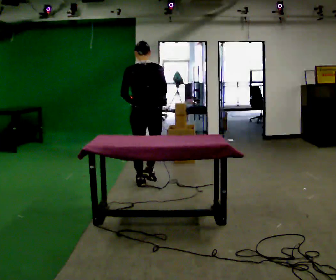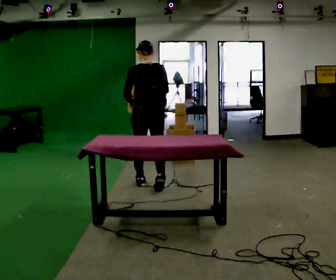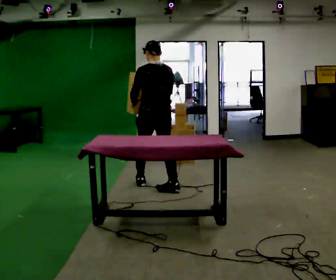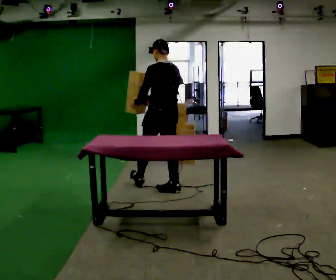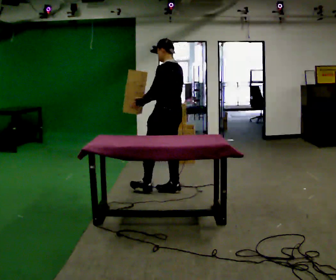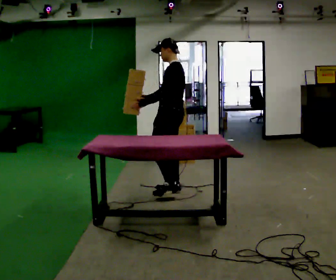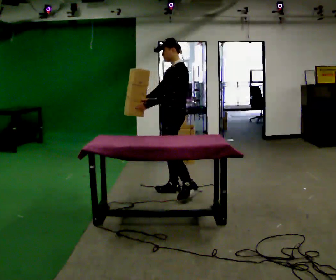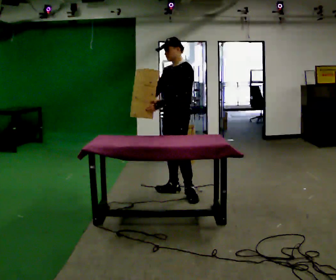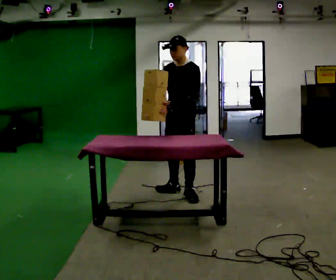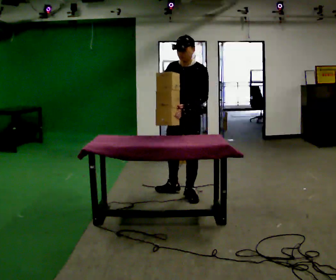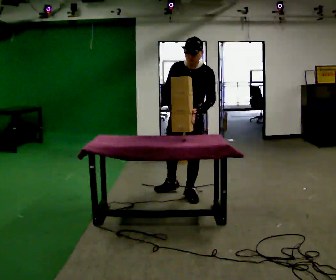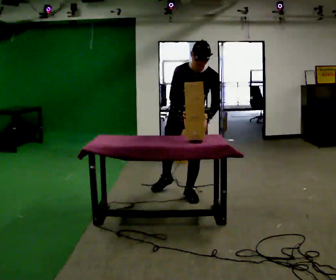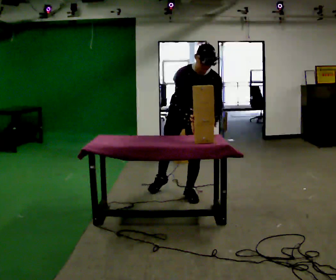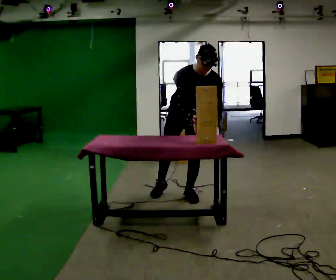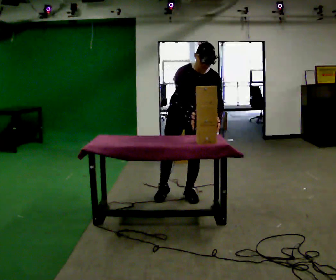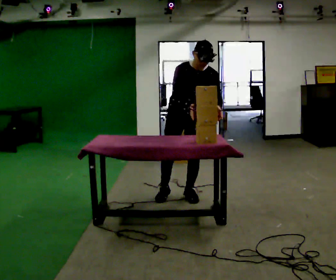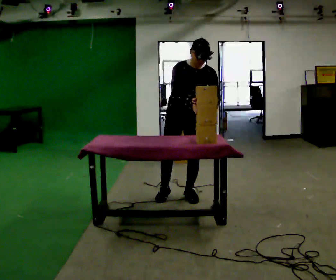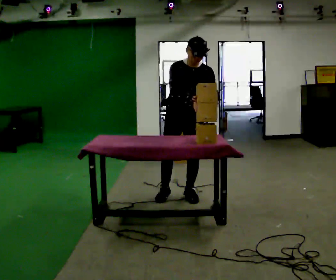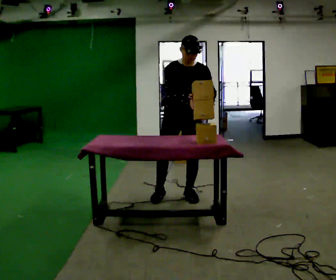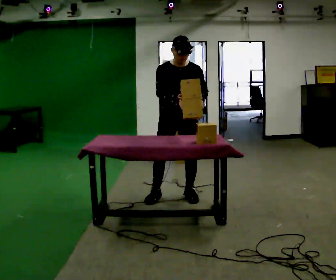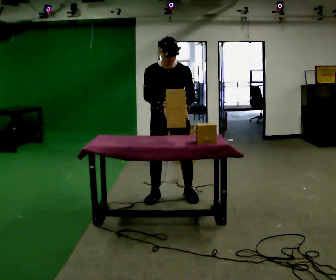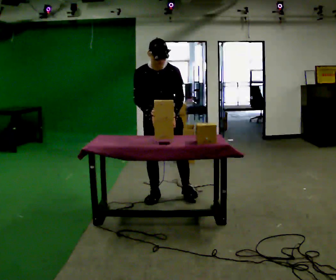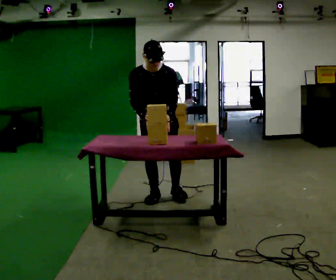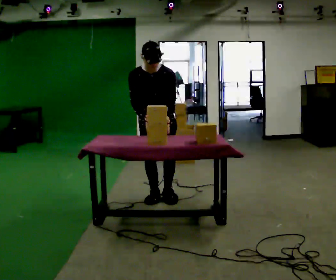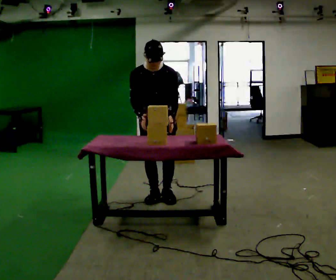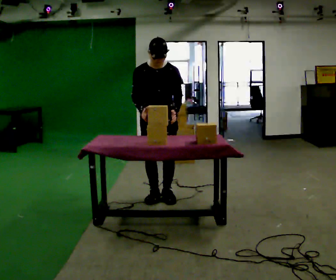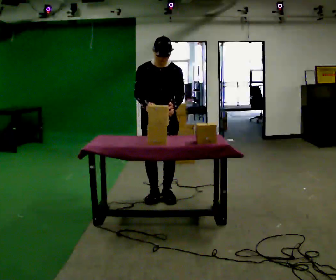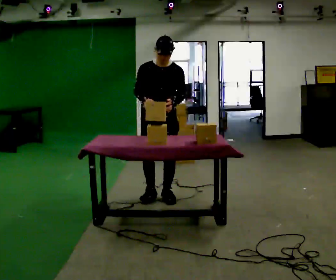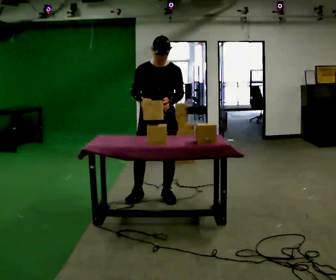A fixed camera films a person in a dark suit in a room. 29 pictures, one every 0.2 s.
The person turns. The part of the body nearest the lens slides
to the right.
The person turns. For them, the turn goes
to their left.
0.0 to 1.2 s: Seen from above the body turns counterclockwise, about 90 degrees: to their left, with its near side sliding to the right. In the picture they go to the right and toward the camera, about 0.5 m in 1 step.
1.2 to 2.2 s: The part of the body nearest the lens slides to the right as the person turns to their left by about 60 degrees. In the picture they go toward the camera, about 0.25 m. The upper body tips toward the camera, its near side rolling downward, as they bend forward. In the picture their left hand goes to the right, the arm swinging counterclockwise.
2.2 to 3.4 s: The person moves a little, or ends about where they began.
3.4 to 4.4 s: In the picture they go to the left, about 0.25 m in 1 step, which for them is to their right. In the picture the upper body tilts counterclockwise, shoulders to the left.
4.4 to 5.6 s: The person moves a little, or ends about where they began.
The film runs backward here.
